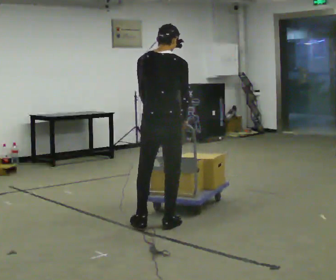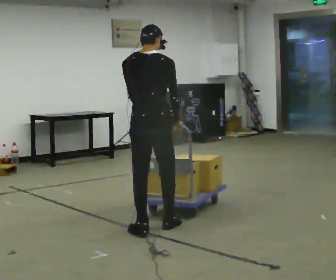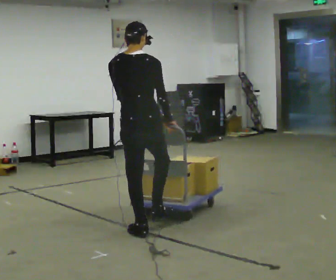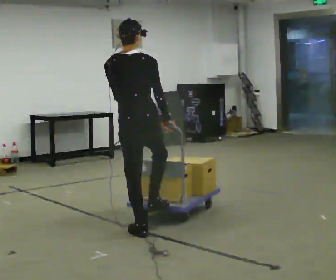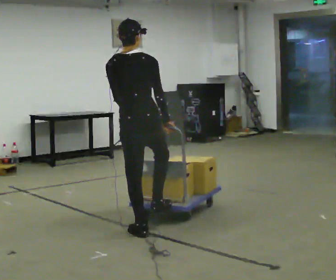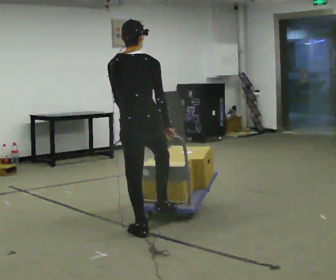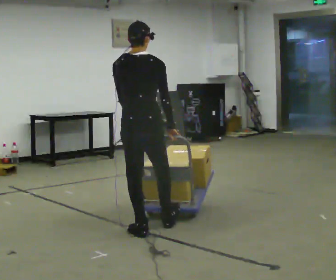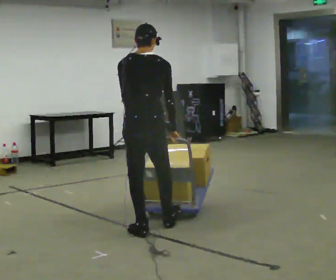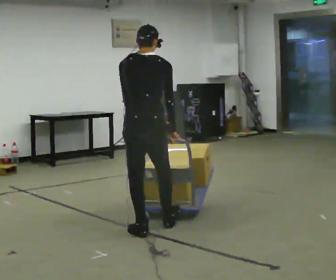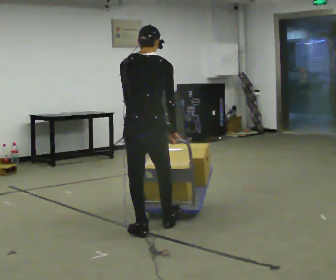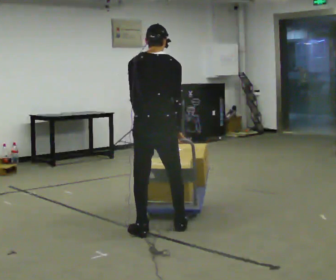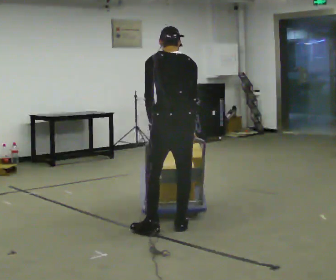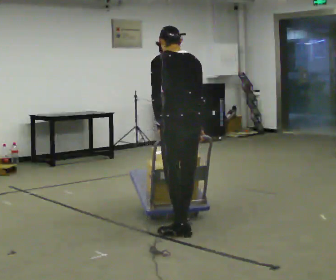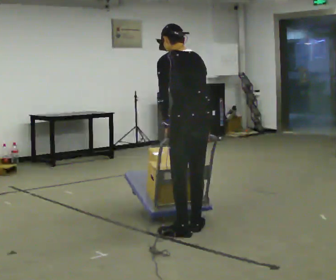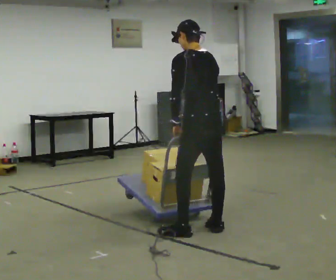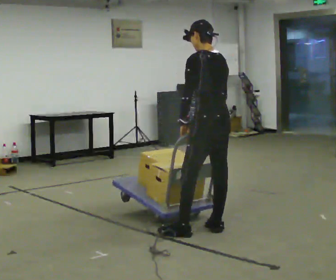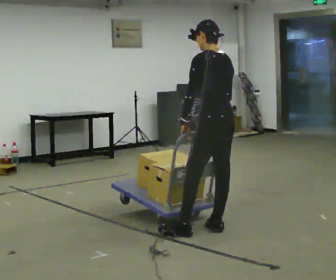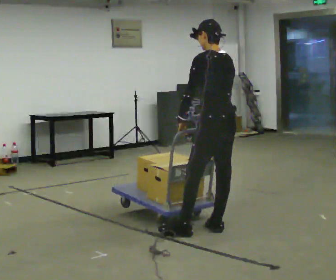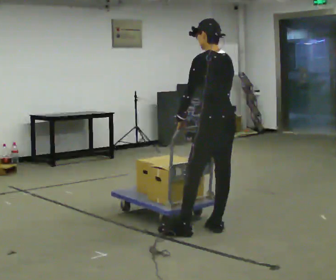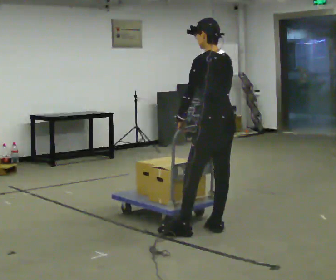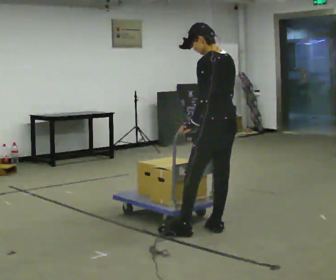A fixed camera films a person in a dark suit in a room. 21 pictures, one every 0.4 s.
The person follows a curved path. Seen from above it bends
counterclockwise.
0.0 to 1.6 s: In the picture they go toward the camera and to the left, about 0.25 m in 1 step, which for them is backward and to their left.
1.6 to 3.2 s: The person moves a little, or ends about where they began.
3.2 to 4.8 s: The person turns about 30 degrees to their left, counterclockwise seen from above, so the part of the body nearest the lens slides to the right. In the picture they go to the right, about 0.25 m in 2 steps, which for them is to their right.
4.8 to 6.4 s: In the picture they go to the right, about 0.25 m in 1 step, which for them is to their right.
6.4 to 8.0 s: The person moves a little, or ends about where they began.
The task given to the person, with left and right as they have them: Push the cart along the marked route and round the corner to the side the operator calls.
The film runs forward here.
